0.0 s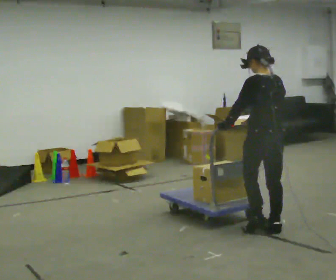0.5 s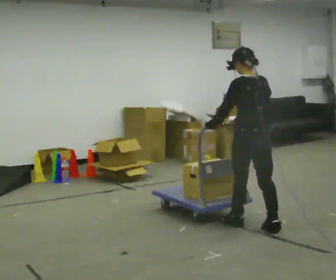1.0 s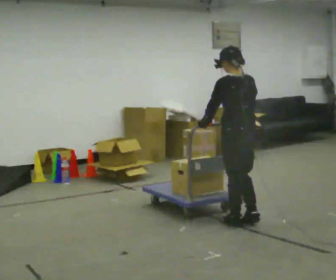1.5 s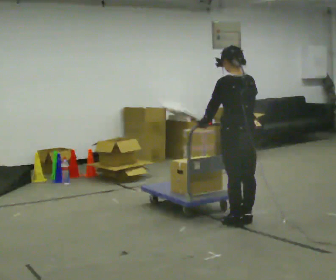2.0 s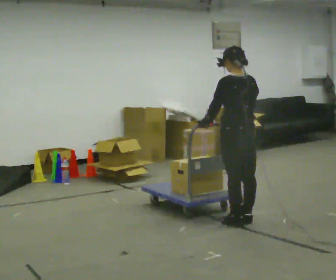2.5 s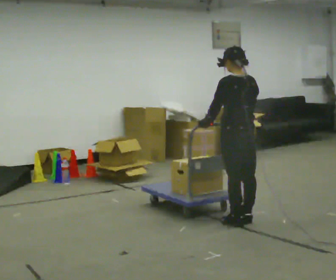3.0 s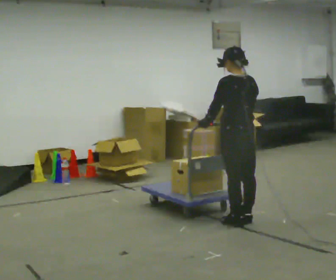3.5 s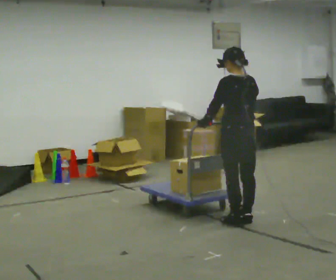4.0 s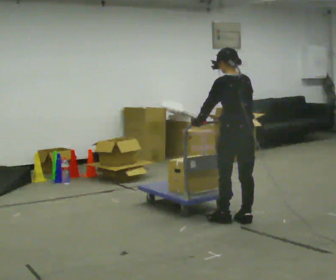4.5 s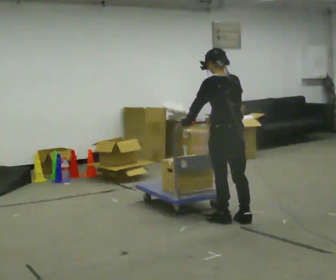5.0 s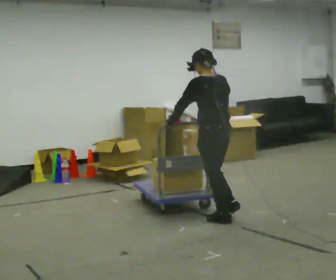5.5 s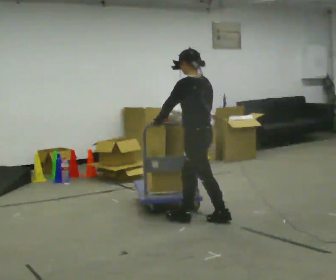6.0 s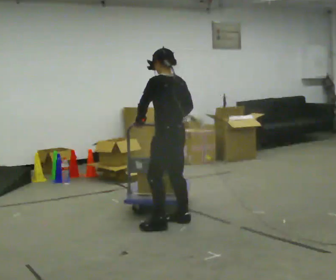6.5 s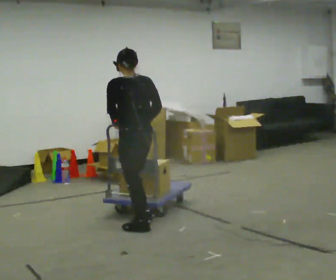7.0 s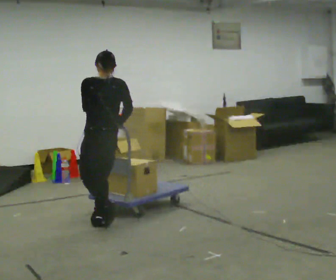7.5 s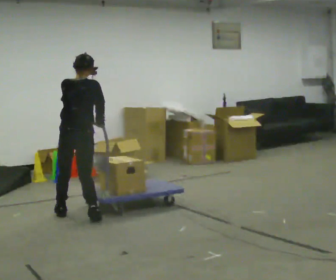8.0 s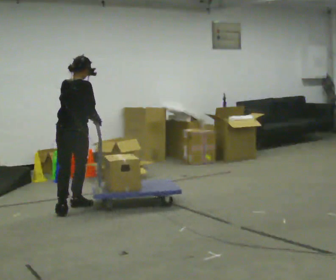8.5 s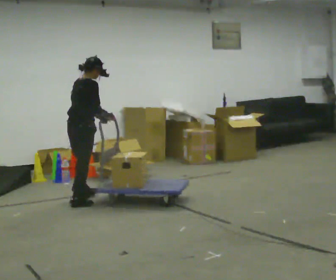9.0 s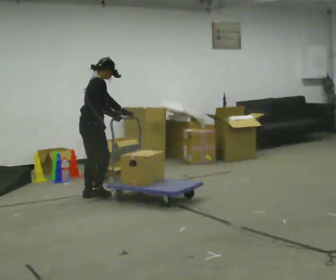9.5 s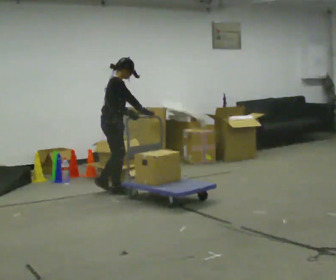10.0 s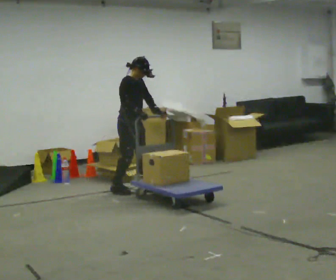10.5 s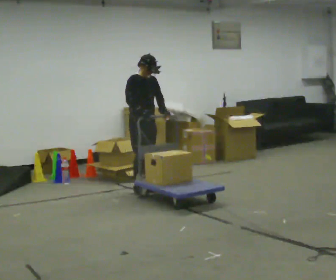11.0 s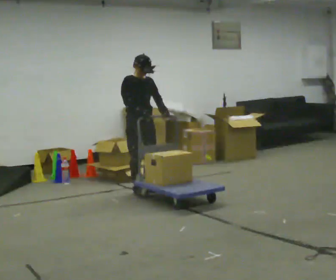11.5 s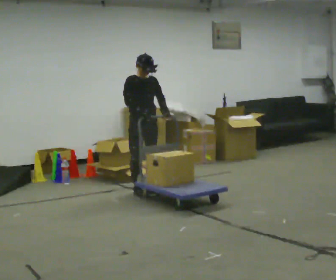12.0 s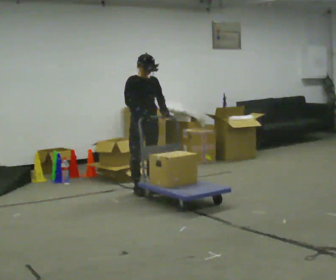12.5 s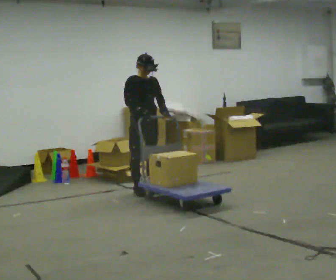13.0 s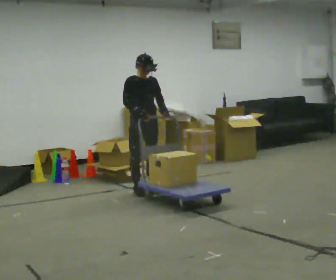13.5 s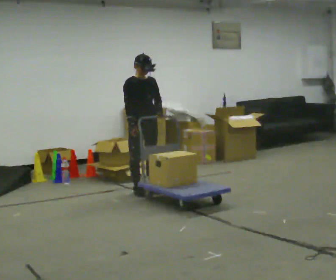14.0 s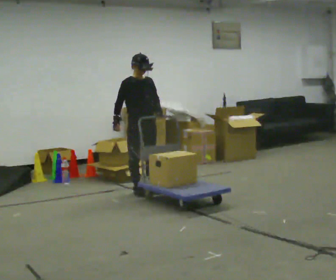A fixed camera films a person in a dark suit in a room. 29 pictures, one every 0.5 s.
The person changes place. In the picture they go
away from the camera.
0.0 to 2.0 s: In the picture they go away from the camera and to the left, about 0.25 m in 2 steps, which for them is forward.
2.0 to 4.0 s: The person moves a little, or ends about where they began.
4.0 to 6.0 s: The person turns about 30 degrees to their left, counterclockwise seen from above, so the part of the body nearest the lens slides to the right. In the picture they go to the left, about 0.5 m in 1 step, which for them is to their left and forward.
6.0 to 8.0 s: The part of the body nearest the lens slides to the left as the person turns to their right by about 75 degrees. In the picture they go to the left and away from the camera, about 1 m in 4 steps.
8.0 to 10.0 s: The part of the body nearest the lens slides to the left as the person turns to their right by about 105 degrees. In the picture they go away from the camera and to the right, about 1 m in 3 steps.
10.0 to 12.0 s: Seen from above the body turns clockwise, about 30 degrees: to their right, with its near side sliding to the left. In the picture they go to the right, about 0.25 m in 1 step.
12.0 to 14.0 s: In the picture their right hand goes to the left.
The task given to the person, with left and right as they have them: Stand still with your hands on the cart. When the operator says go, get it moving, push it a few metres, then bring it to a stop. Repeat until the operator says stop.
The film runs forward here.
